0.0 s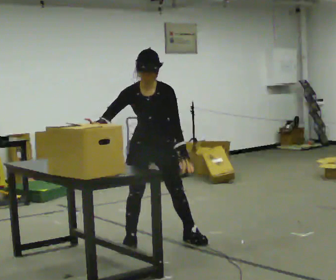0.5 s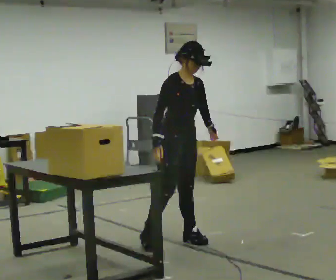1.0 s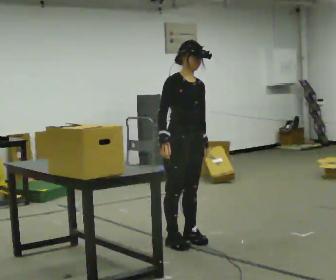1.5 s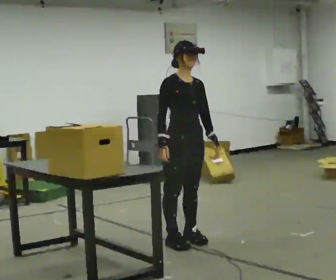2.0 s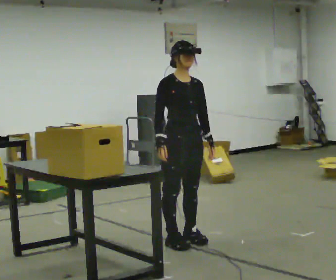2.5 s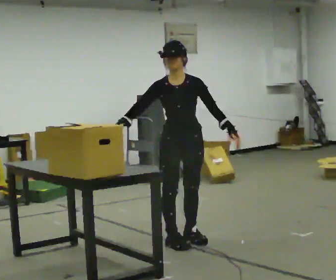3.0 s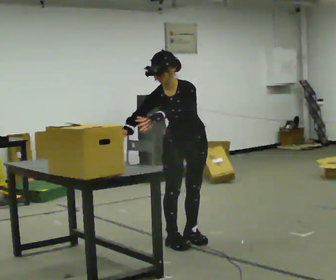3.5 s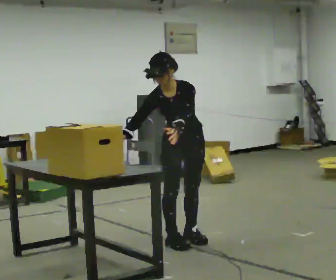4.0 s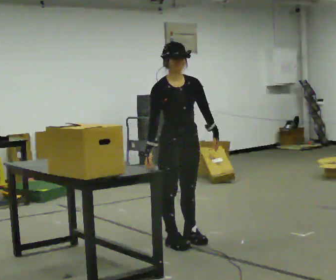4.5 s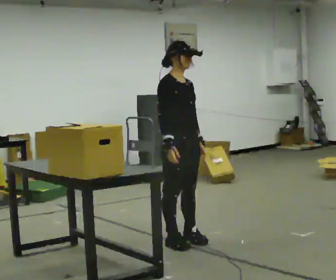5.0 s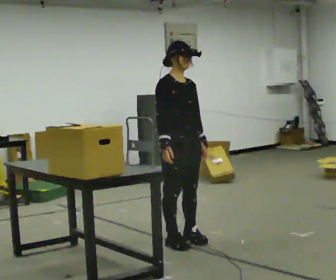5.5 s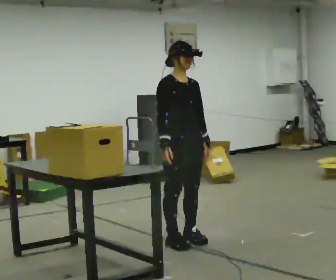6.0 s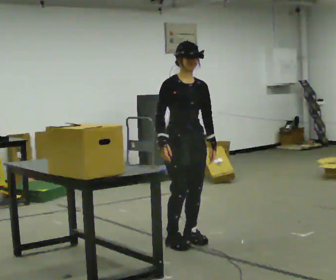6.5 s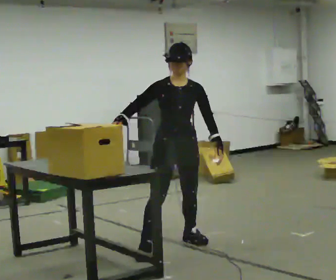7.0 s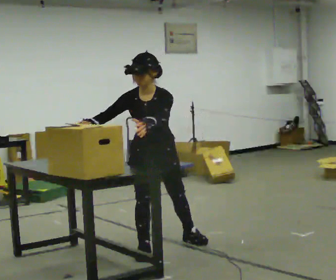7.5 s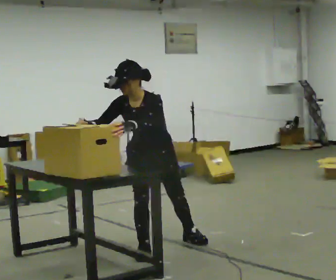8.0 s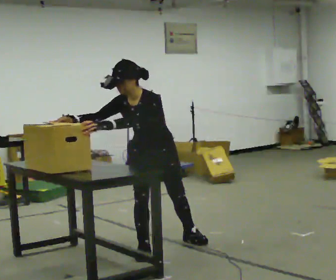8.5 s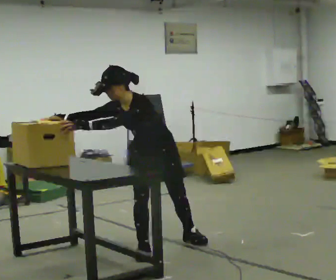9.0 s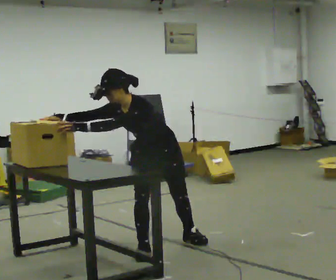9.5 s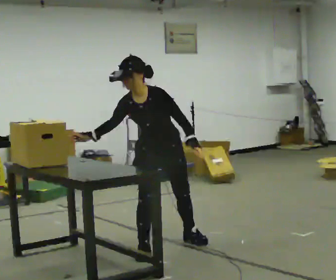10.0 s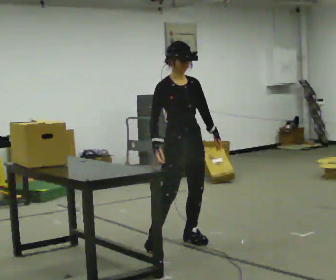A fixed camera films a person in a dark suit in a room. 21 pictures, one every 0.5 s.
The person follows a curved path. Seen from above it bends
counterclockwise.
0.0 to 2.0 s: The person turns about 30 degrees to their left, counterclockwise seen from above, so the part of the body nearest the lens slides to the right. In the picture they go to the right, about 0.25 m in 1 step, which for them is to their left. The upper body tips away from the camera, its near side rolling upward, as they lean back or straighten. In the picture their right hand goes to the right.
2.0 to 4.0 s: The person moves a little, or ends about where they began.
4.0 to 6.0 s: The upper body tips away from the camera, its near side rolling upward, as they lean back or straighten.
6.0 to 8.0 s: The person turns about 45 degrees to their right, clockwise seen from above, so the part of the body nearest the lens slides to the left. In the picture they go to the left and toward the camera, about 0.25 m in 1 step, which for them is to their right and forward. The upper body tips toward the camera, its near side rolling downward, as they bend forward.
8.0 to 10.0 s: The part of the body nearest the lens slides to the right as the person turns to their left by about 45 degrees. In the picture they go to the right, about 0.25 m, which for them is backward and to their left.
The film runs forward here.
